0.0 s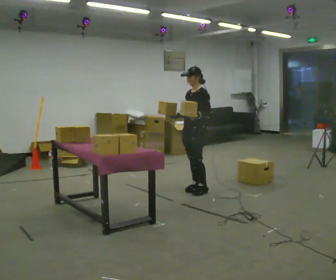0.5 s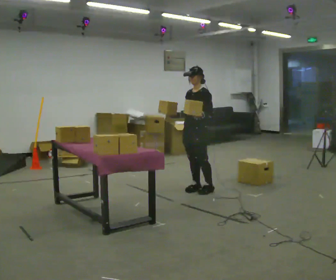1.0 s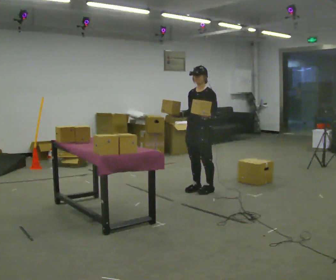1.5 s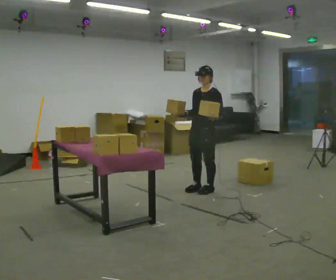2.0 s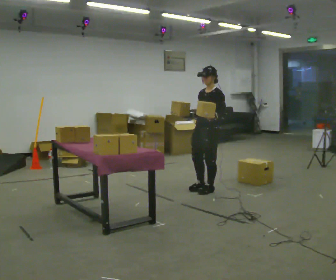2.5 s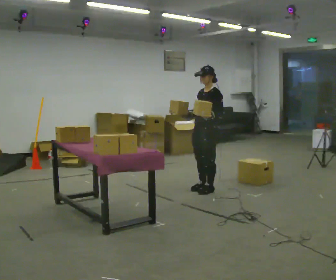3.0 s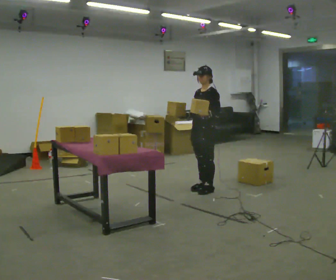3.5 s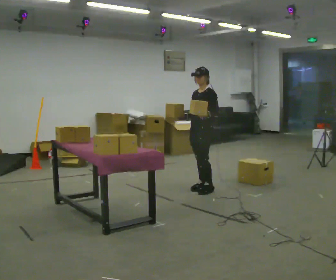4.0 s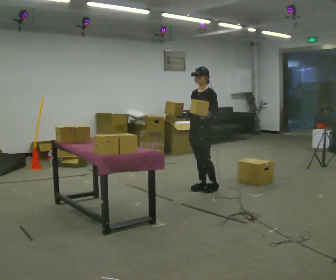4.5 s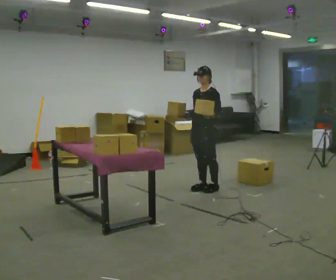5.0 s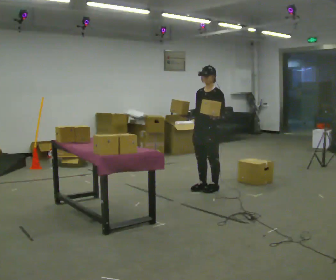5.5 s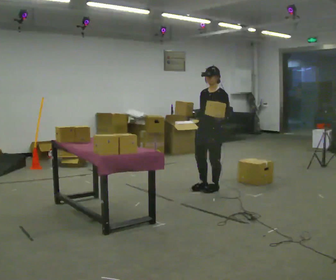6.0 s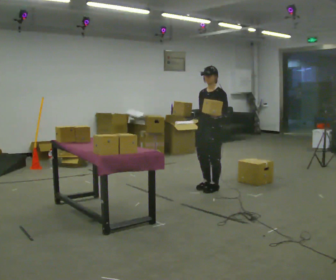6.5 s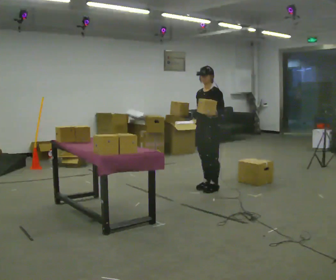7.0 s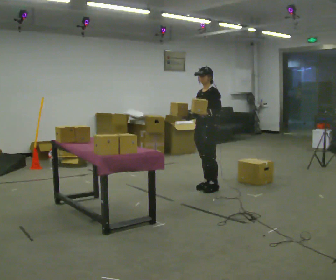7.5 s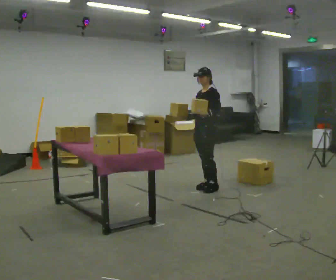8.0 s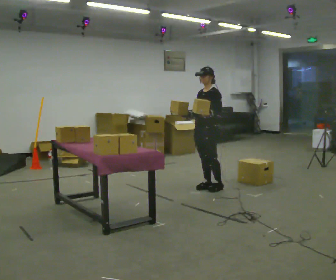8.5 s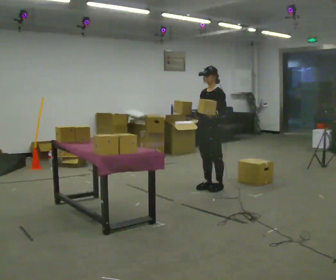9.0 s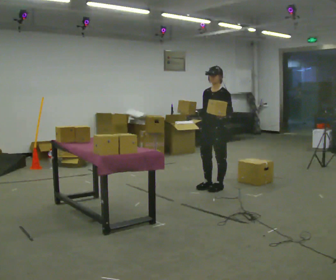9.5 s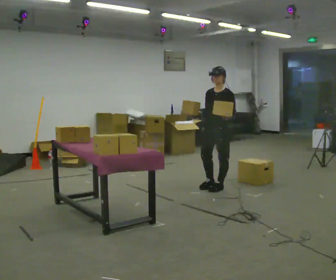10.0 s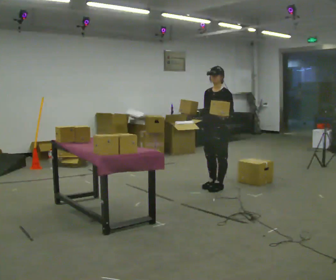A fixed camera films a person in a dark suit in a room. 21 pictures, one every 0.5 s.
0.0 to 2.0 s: The person moves a little, or ends about where they began.
2.0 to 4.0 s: In the picture they go away from the camera, about 0.25 m in 1 step, which for them is to their right.
4.0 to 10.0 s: In the picture they go to the right, about 0.25 m, which for them is backward.
The film runs backward here.
